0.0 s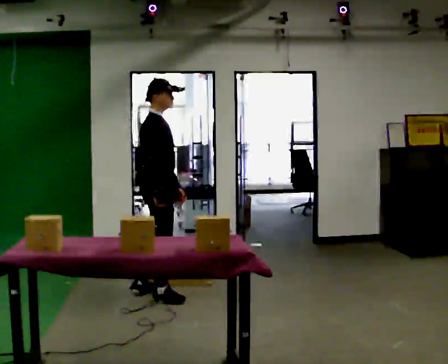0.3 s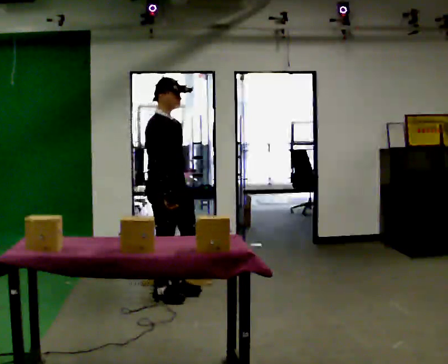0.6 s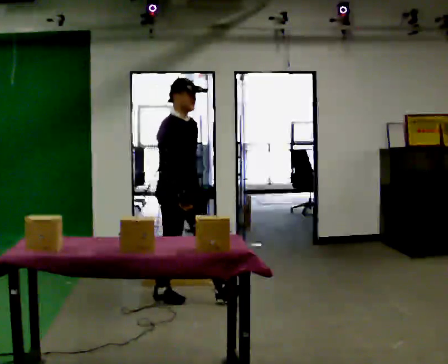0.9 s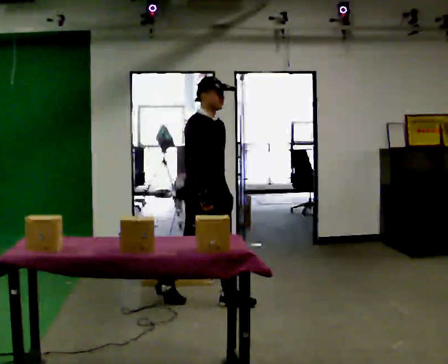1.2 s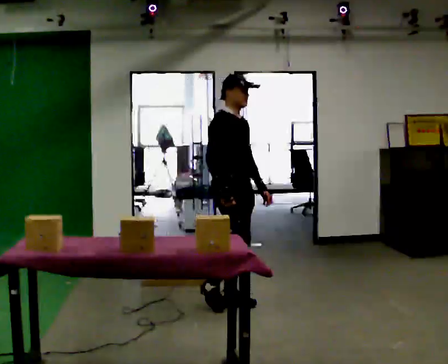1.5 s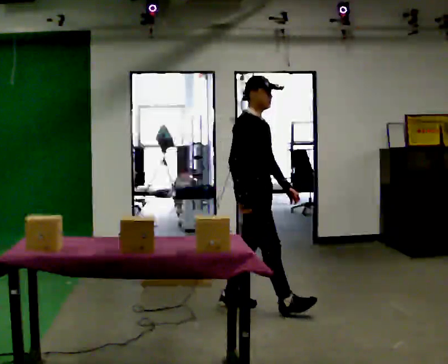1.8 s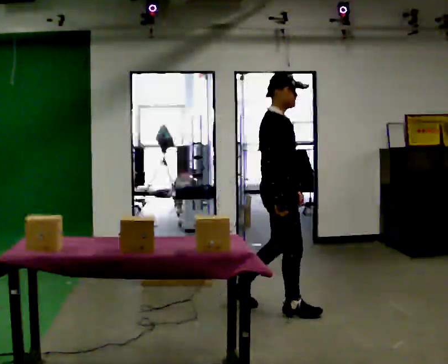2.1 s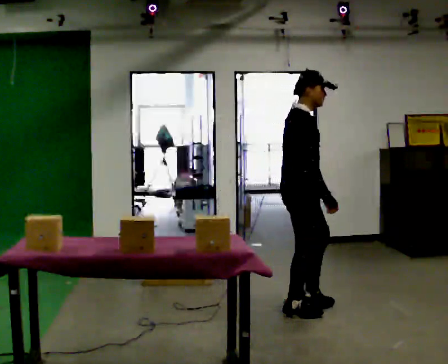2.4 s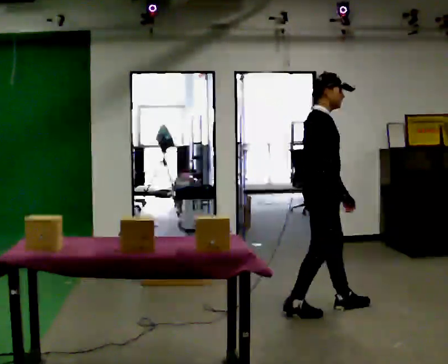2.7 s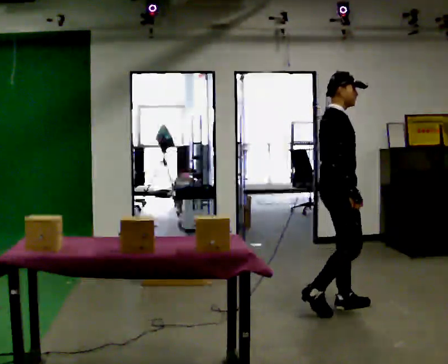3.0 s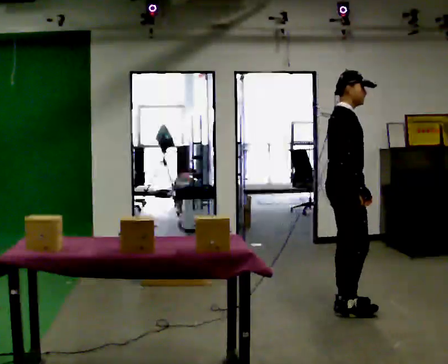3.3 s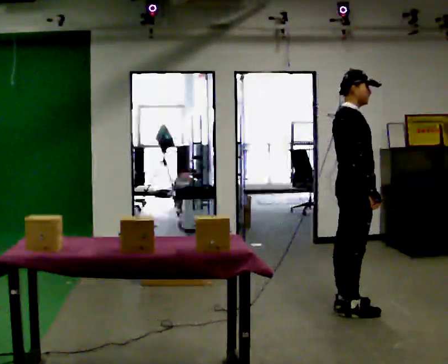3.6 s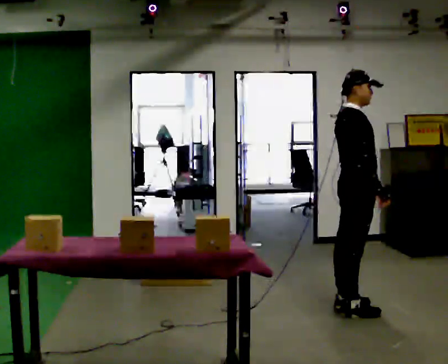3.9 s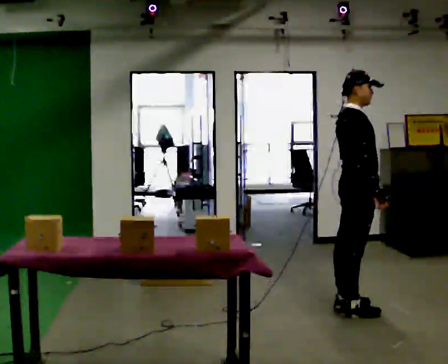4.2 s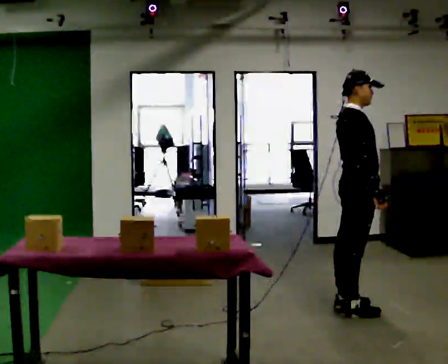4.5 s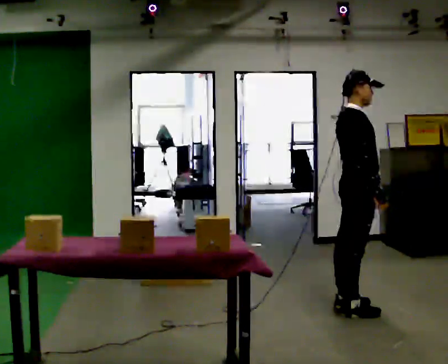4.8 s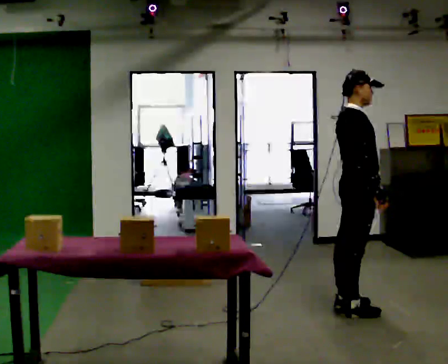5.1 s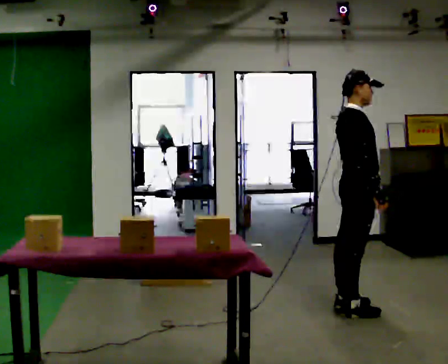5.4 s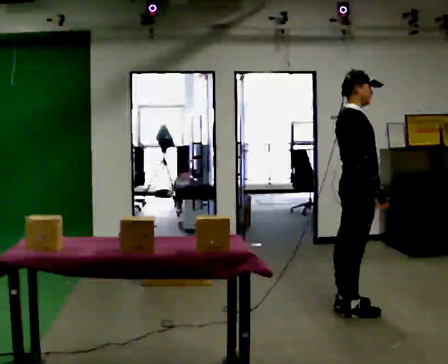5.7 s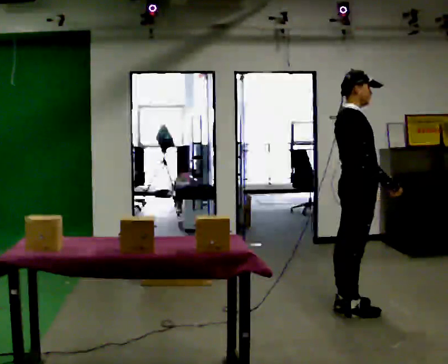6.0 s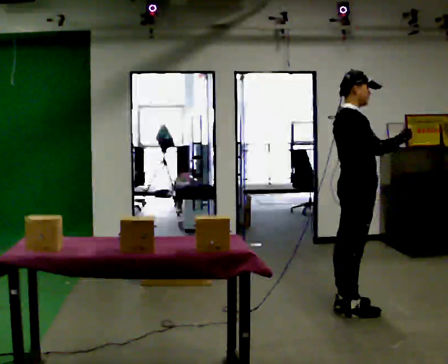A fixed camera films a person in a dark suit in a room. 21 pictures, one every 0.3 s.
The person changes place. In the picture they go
to the right.
0.0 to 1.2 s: In the picture they go to the right, about 0.5 m in 1 step, which for them is forward.
1.2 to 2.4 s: In the picture they go to the right, about 0.75 m in 2 steps, which for them is forward.
2.4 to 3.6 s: In the picture they go to the right, about 0.25 m in 1 step, which for them is forward.
3.6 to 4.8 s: The person moves a little, or ends about where they began.
4.8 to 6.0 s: In the picture their right hand goes upward, the arm swinging counterclockwise.
The film runs forward here.
